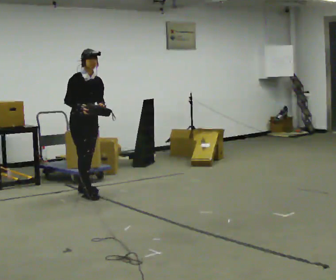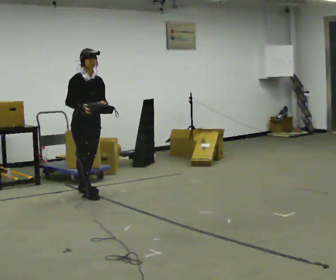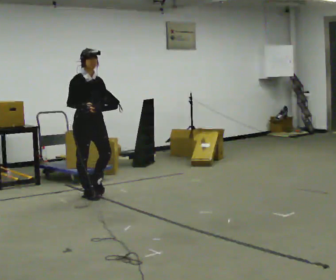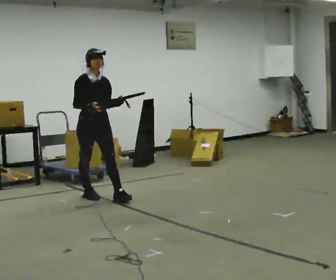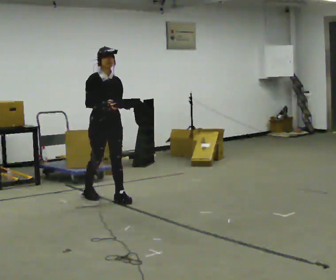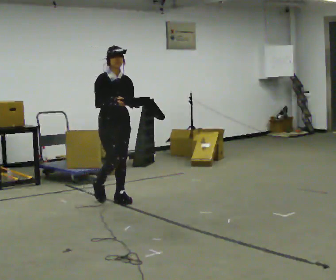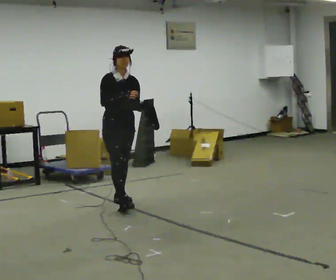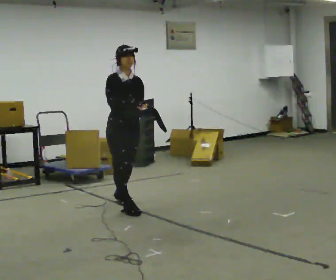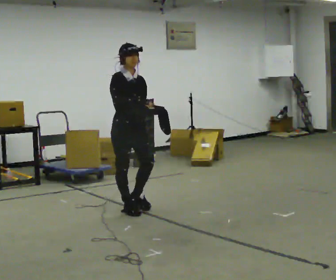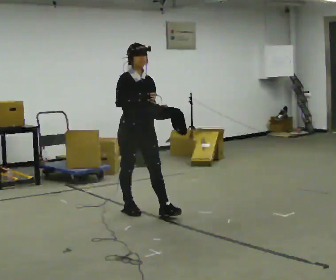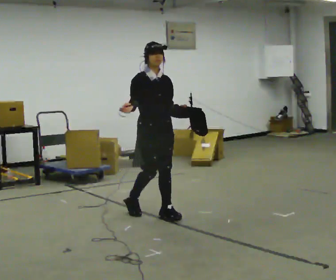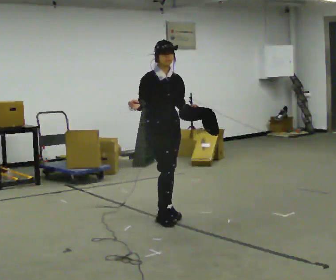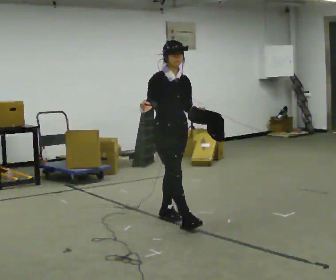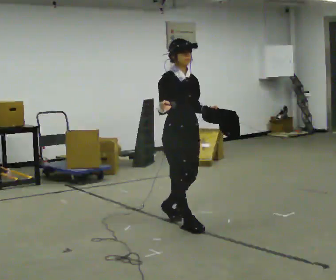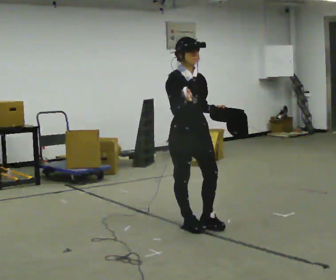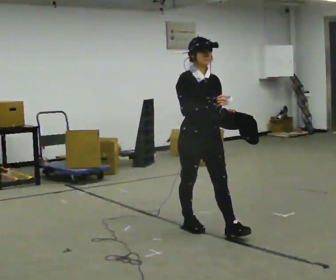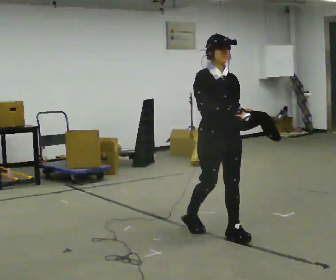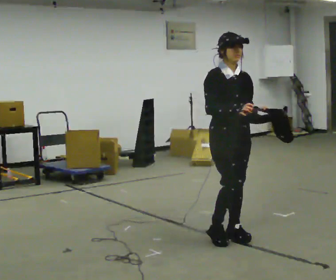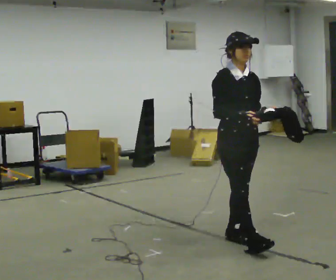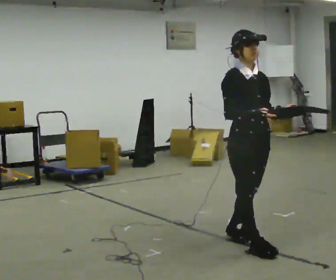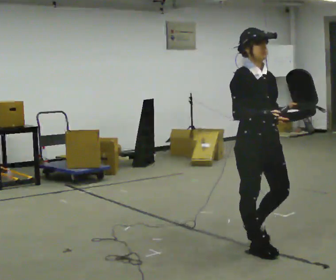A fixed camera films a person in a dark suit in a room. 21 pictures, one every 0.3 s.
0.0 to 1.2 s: In the picture they go toward the camera and to the right, about 0.5 m in 1 step, which for them is forward.
1.2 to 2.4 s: In the picture they go toward the camera and to the right, about 0.5 m in 1 step, which for them is forward.
2.4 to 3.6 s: In the picture they go to the right and toward the camera, about 0.5 m in 2 steps, which for them is forward.
3.6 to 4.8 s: In the picture they go toward the camera and to the right, about 0.75 m in 1 step, which for them is forward.
4.8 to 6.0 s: In the picture they go toward the camera and to the right, about 0.5 m in 1 step, which for them is forward.
The film runs forward here.
